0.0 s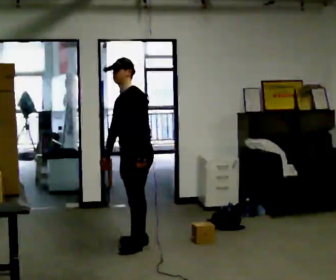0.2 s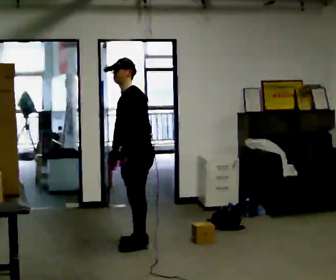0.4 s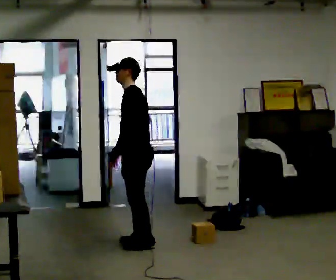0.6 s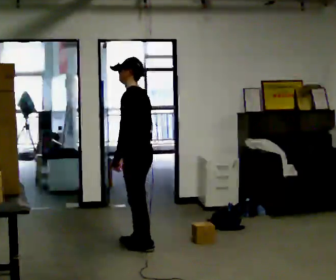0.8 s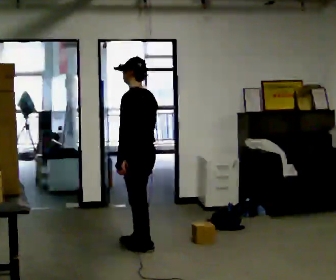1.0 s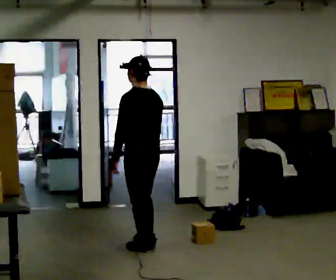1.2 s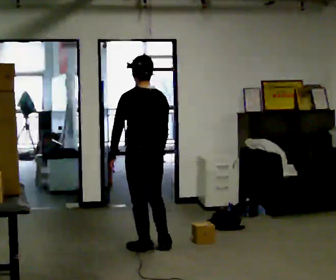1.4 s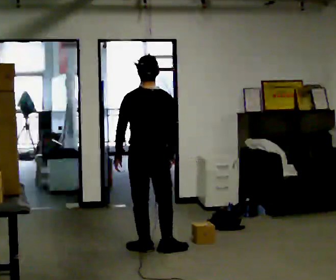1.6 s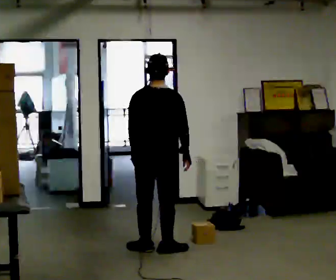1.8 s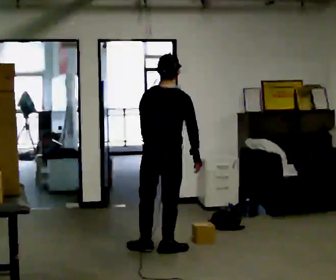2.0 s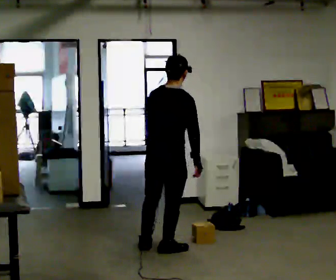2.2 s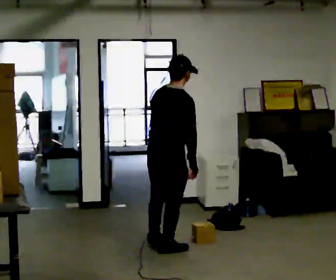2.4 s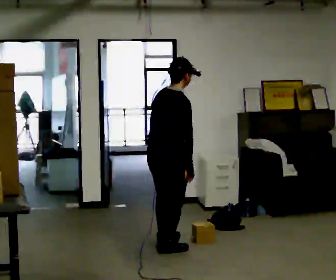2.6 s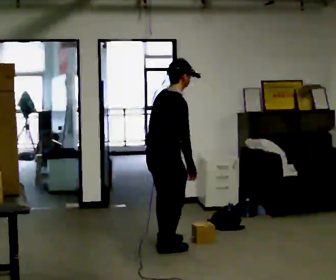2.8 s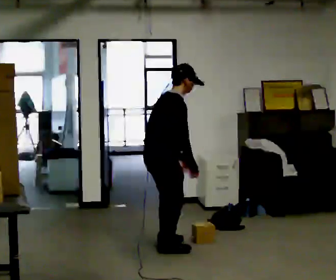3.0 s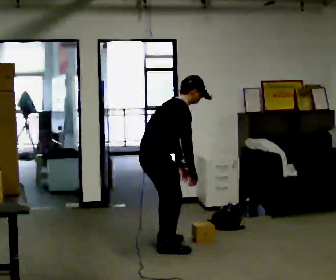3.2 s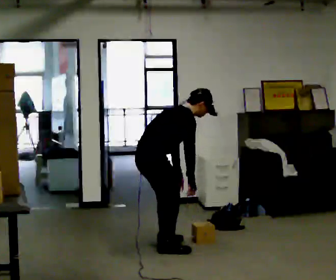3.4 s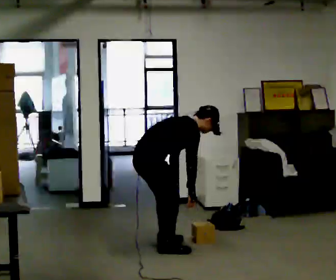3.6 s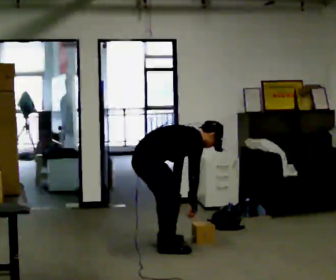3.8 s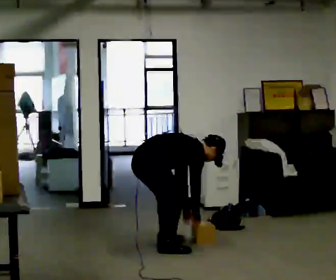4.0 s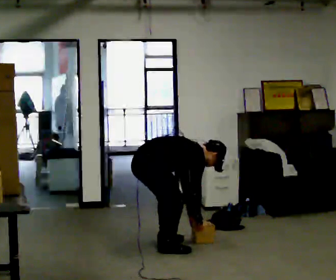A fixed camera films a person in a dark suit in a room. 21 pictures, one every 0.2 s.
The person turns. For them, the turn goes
to their right.
Their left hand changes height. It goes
downward.
0.0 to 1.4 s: The person turns about 105 degrees to their right, clockwise seen from above, so the part of the body nearest the lens slides to the left. In the picture they go toward the camera, about 0.25 m in 1 step.
1.4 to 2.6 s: The person turns about 60 degrees to their right, clockwise seen from above, so the part of the body nearest the lens slides to the left. In the picture their left hand goes to the right.
2.6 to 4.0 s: The shoulders move downward. In the picture the upper body tilts clockwise, shoulders to the right, as they bend forward. In the picture their left hand goes downward.
The film runs backward here.
